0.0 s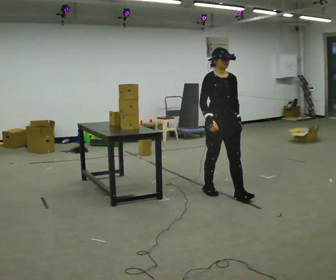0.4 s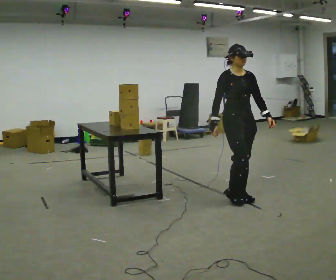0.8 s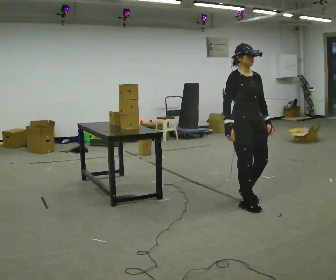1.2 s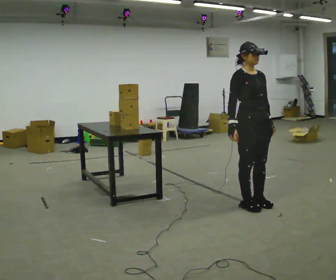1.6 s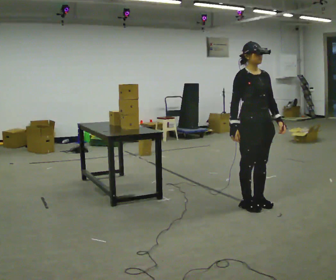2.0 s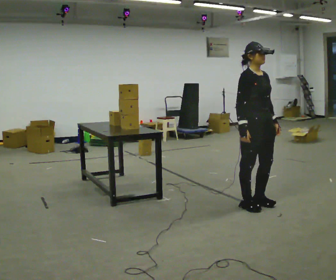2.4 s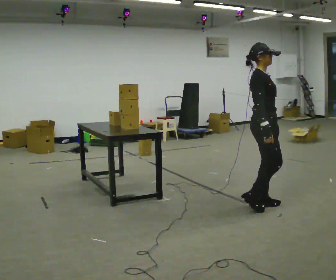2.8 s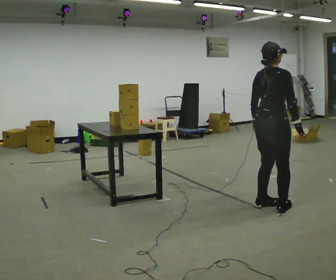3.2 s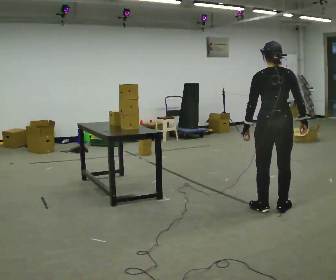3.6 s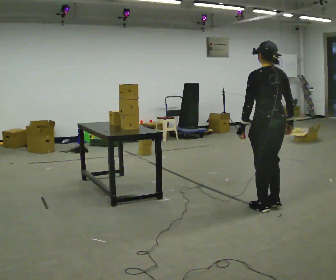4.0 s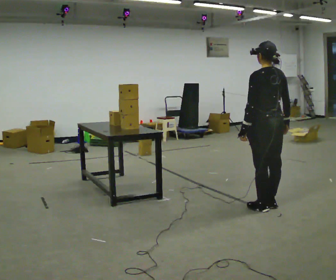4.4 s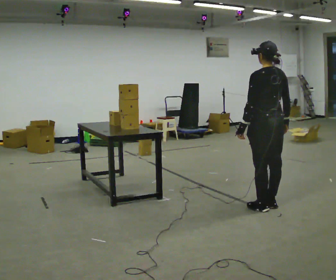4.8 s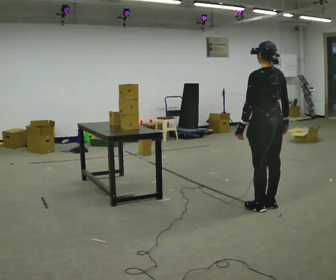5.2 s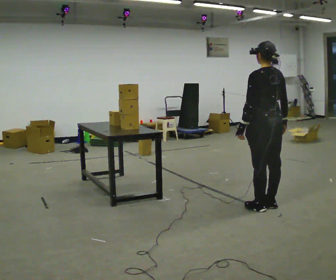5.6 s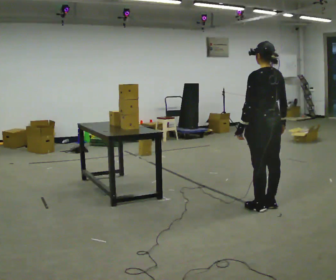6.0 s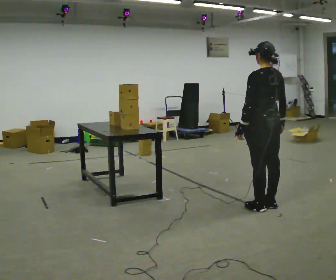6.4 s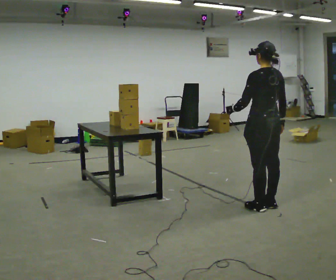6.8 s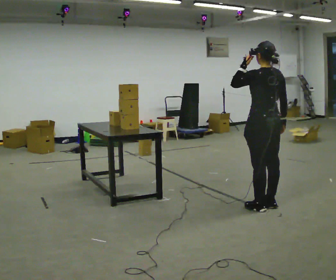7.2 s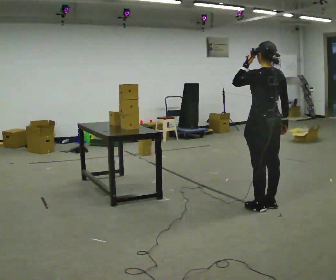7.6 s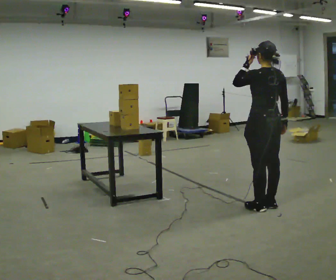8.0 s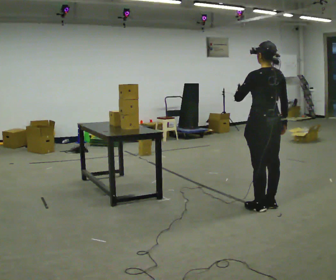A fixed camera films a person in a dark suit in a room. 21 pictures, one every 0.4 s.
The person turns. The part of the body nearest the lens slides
to the right.
The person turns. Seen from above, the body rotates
counterclockwise.
0.0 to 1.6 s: In the picture they go toward the camera and to the right, about 0.5 m in 2 steps, which for them is forward.
1.6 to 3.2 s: Seen from above the body turns counterclockwise, about 150 degrees: to their left, with its near side sliding to the right. In the picture they go to the right, about 0.25 m in 1 step. In the picture their left hand goes to the left, the arm swinging clockwise.
3.2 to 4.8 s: The part of the body nearest the lens slides to the right as the person turns to their left by about 30 degrees.
4.8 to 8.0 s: The person moves a little, or ends about where they began.
The film runs forward here.
